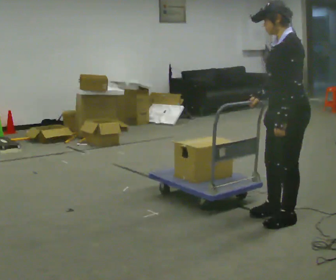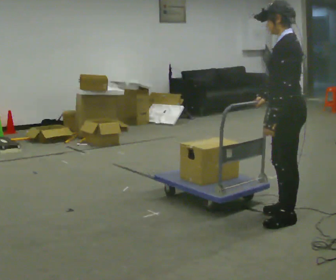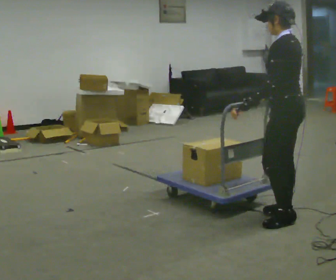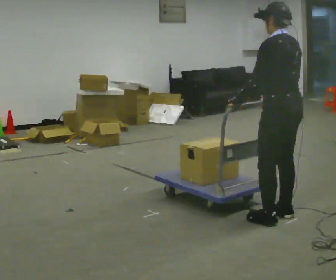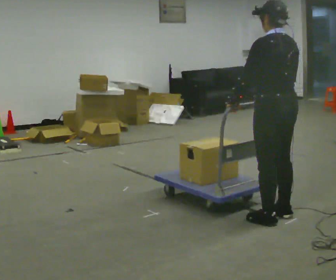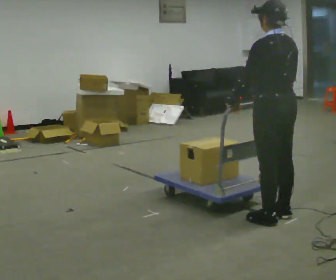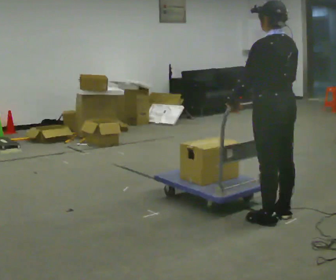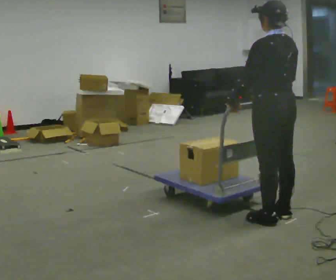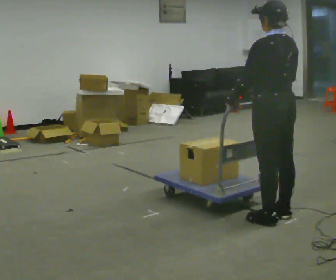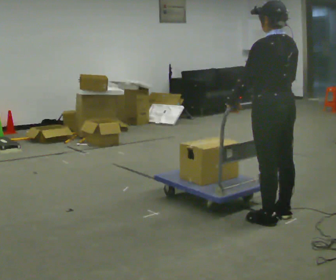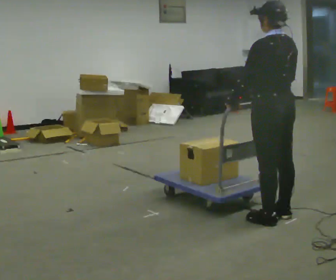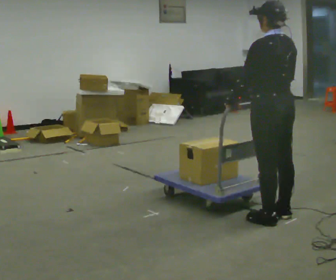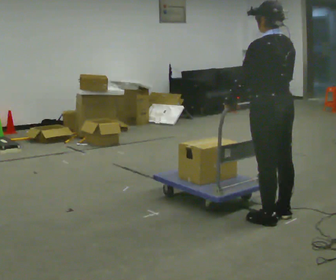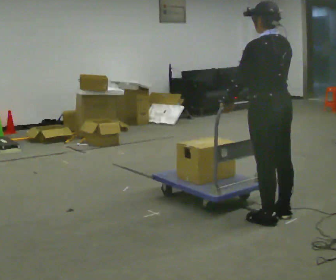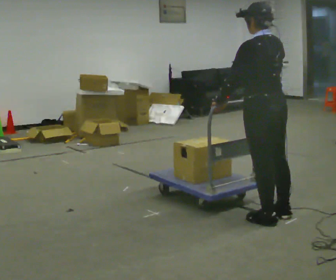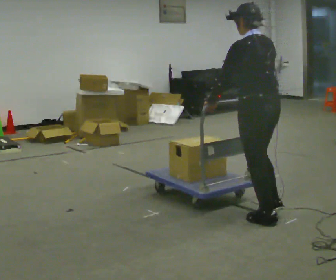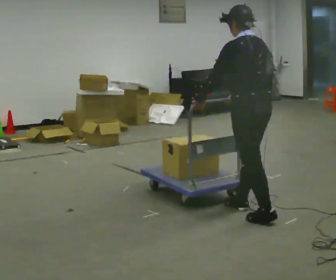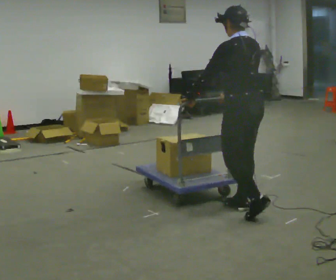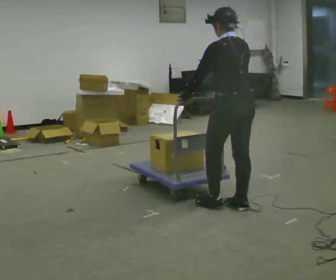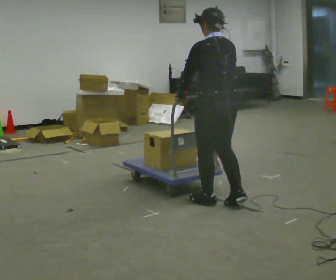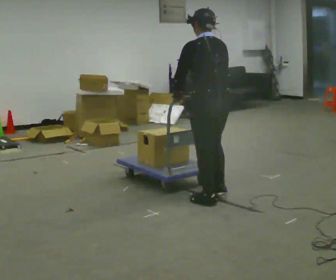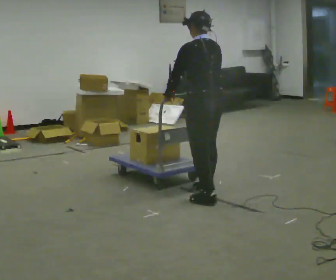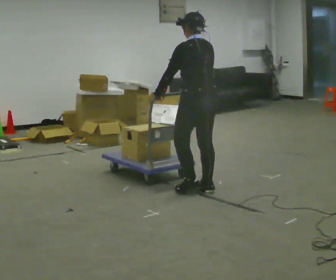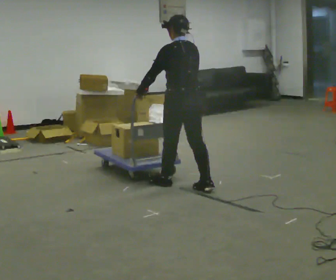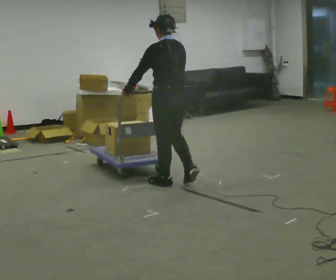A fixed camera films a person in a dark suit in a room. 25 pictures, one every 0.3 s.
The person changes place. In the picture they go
to the left.
0.0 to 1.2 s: The part of the body nearest the lens slides to the left as the person turns to their right by about 60 degrees. In the picture their left hand goes to the left.
1.2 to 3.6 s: The person keeps their place and pose.
3.6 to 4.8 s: In the picture they go to the left, about 0.25 m in 1 step, which for them is forward.
4.8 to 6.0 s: In the picture they go to the left and away from the camera, about 0.5 m in 1 step, which for them is forward.
6.0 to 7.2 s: In the picture they go to the left and away from the camera, about 0.5 m in 2 steps, which for them is forward.
The film runs forward here.
